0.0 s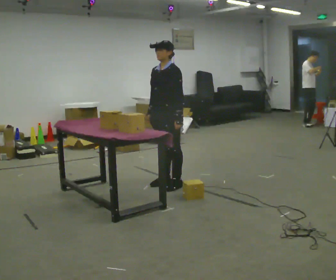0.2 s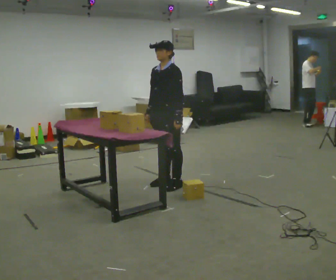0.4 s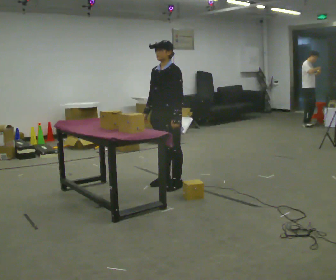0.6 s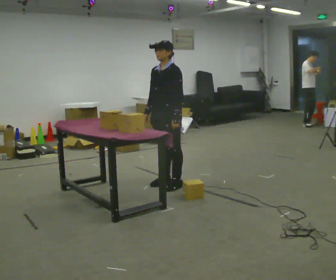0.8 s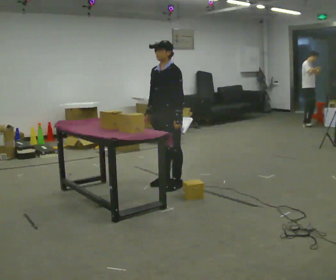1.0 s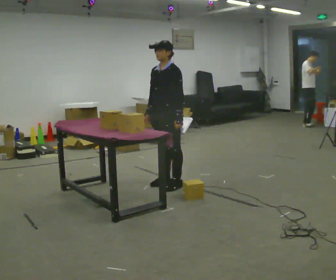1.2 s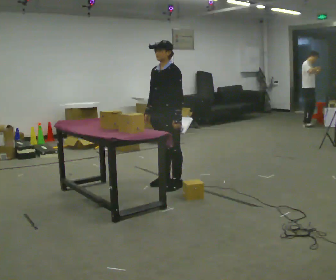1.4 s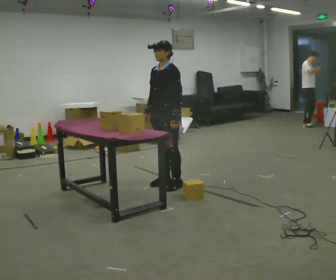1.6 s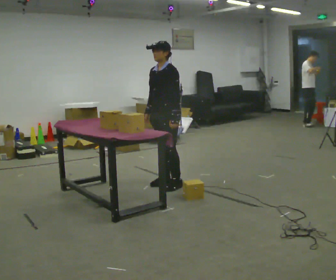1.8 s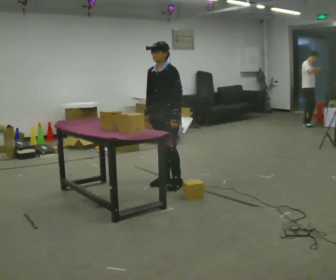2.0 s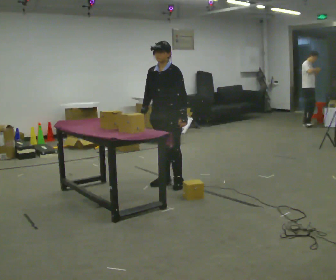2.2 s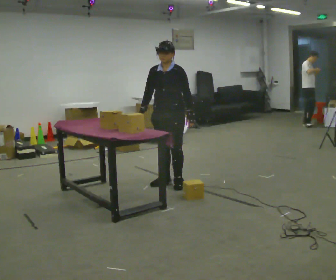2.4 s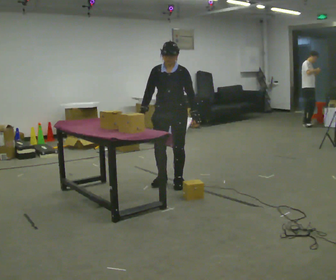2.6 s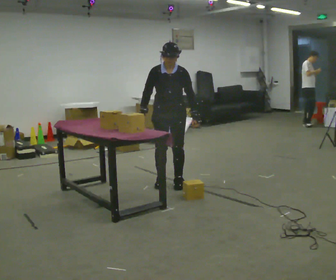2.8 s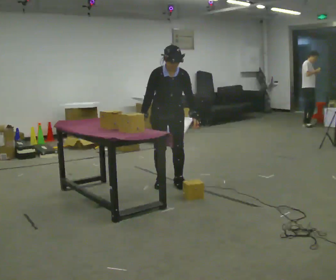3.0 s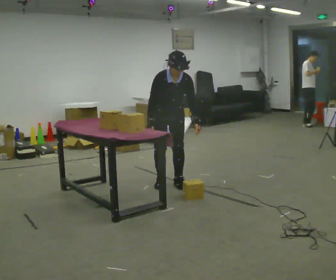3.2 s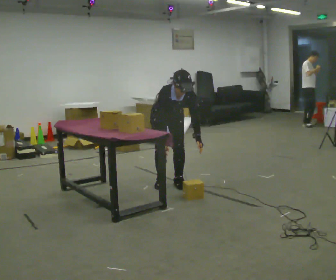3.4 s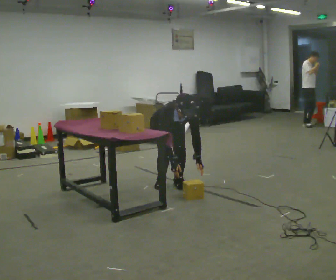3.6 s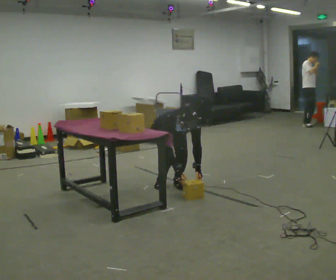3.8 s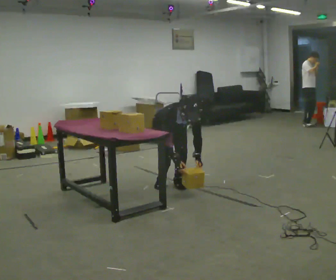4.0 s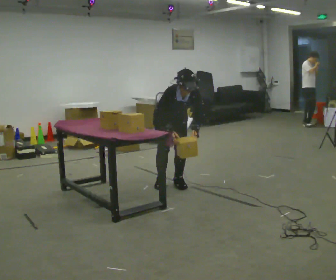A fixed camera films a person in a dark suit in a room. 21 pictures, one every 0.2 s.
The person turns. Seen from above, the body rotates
counterclockwise.
The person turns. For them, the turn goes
to their left.
0.0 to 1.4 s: The person moves a little, or ends about where they began.
1.4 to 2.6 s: The part of the body nearest the lens slides to the right as the person turns to their left by about 45 degrees.
2.6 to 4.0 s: The person moves a little, or ends about where they began.
The film runs forward here.
